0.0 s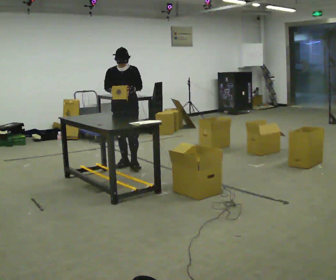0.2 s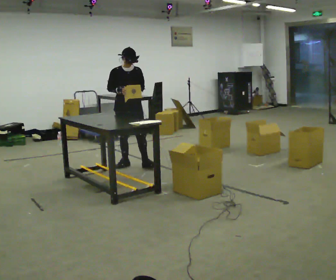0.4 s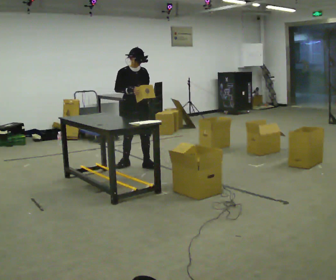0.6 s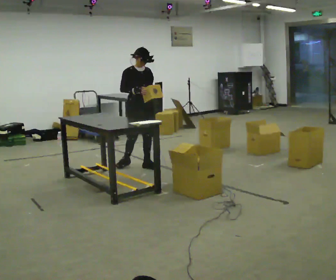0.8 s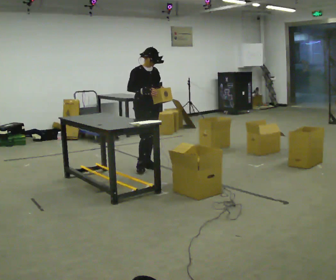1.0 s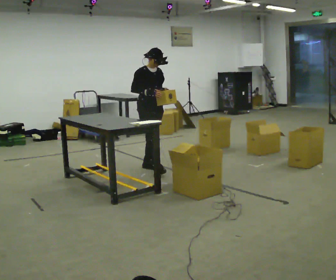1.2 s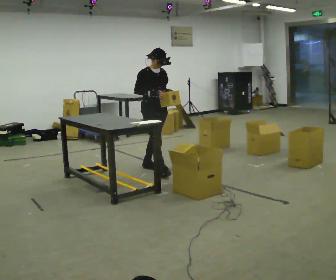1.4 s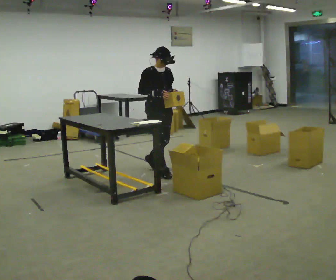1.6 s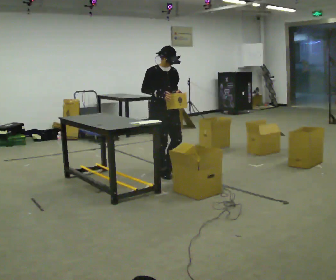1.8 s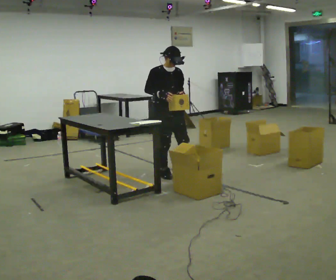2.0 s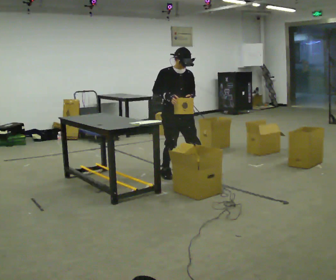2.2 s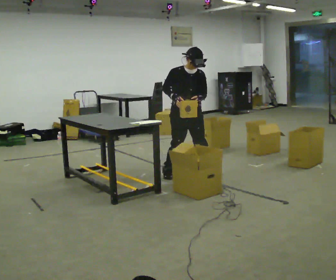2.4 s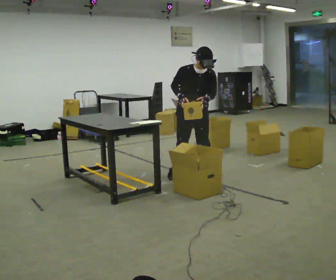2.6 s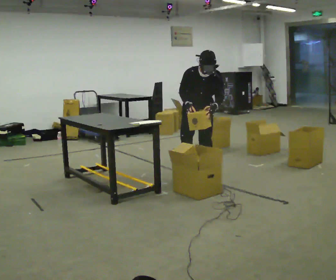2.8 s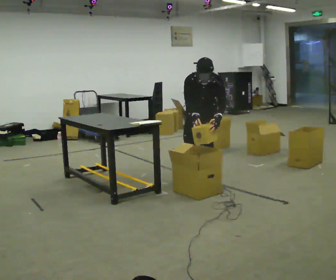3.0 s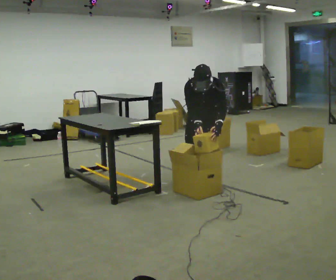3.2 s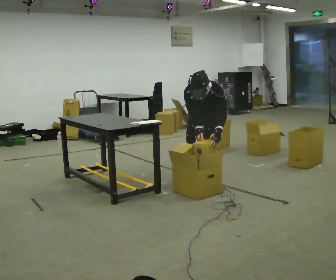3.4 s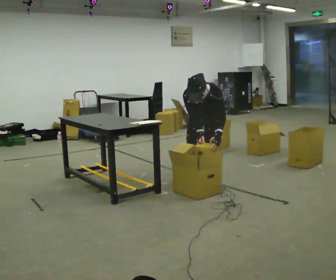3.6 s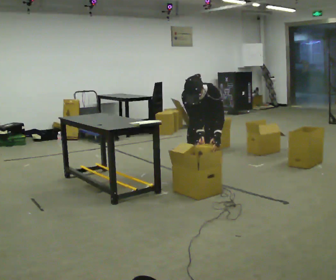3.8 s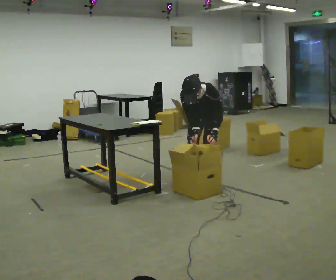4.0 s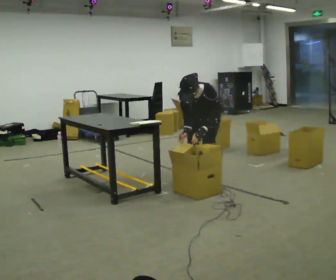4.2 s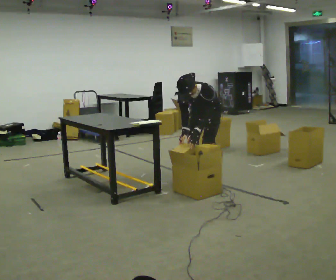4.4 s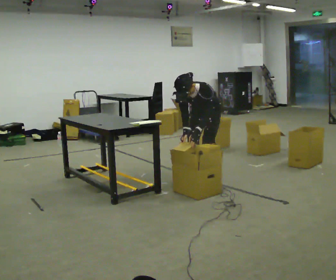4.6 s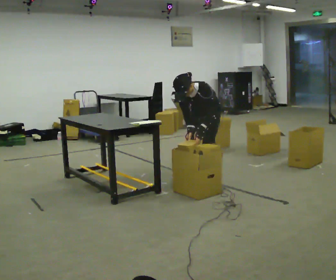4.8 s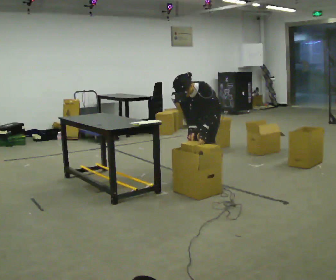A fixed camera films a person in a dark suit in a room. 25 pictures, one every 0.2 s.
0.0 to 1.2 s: The part of the body nearest the lens slides to the right as the person turns to their left by about 45 degrees. In the picture they go to the right and toward the camera, about 0.5 m in 2 steps, which for them is forward.
1.2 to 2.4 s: Seen from above the body turns clockwise, about 45 degrees: to their right, with its near side sliding to the left. In the picture they go to the right and toward the camera, about 0.75 m in 1 step, which for them is forward. The upper body tips toward the camera, its near side rolling downward, as they bend forward.
2.4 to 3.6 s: The upper body goes downward. The upper body tips toward the camera, its near side rolling downward, as they bend forward. In the picture their right hand goes downward.
3.6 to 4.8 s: In the picture the upper body tilts counterclockwise, shoulders to the left.
The film runs forward here.
